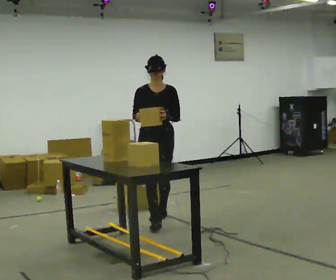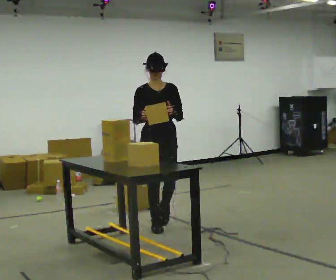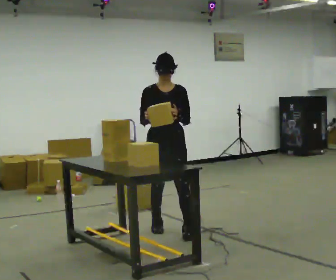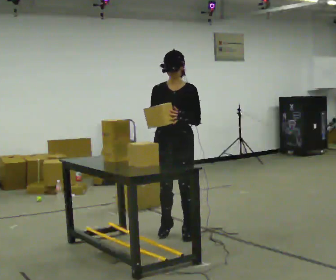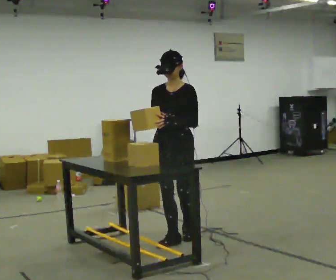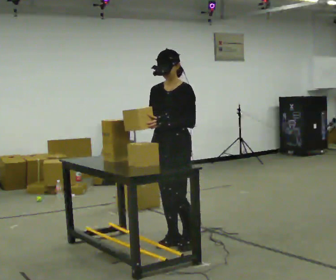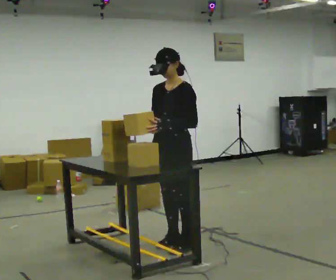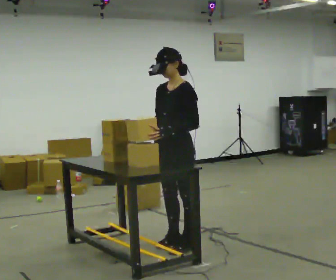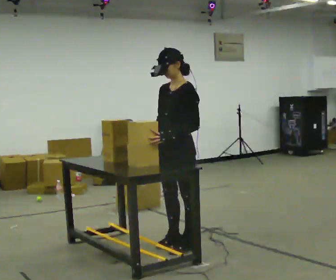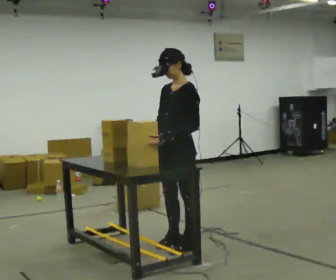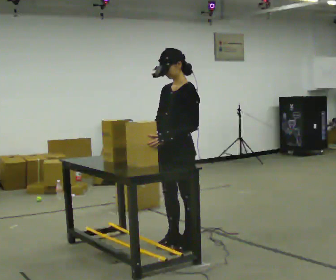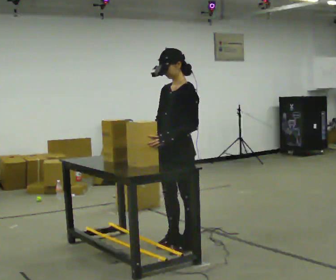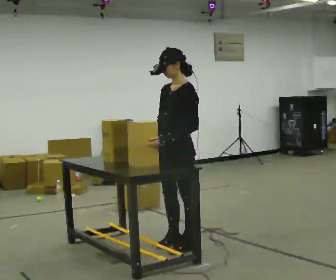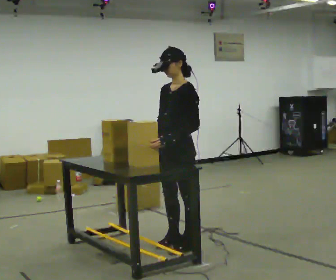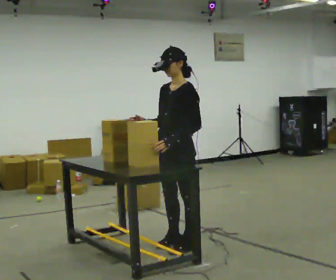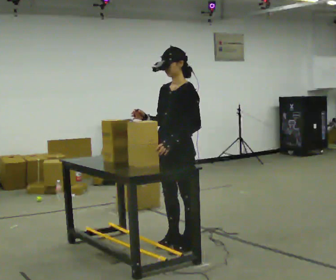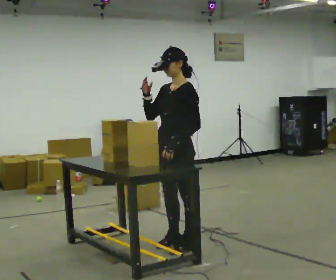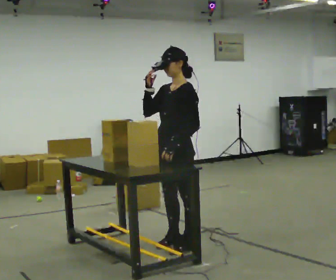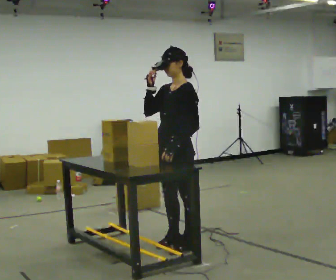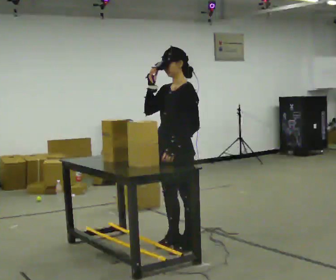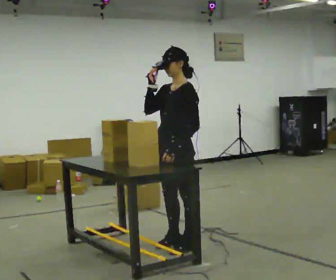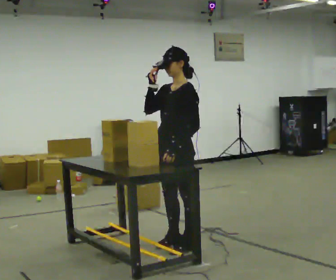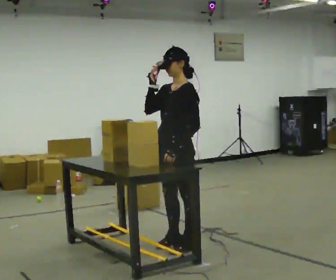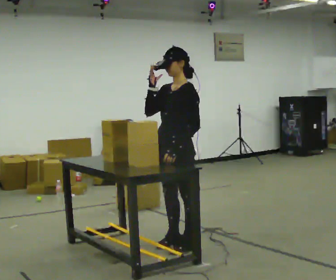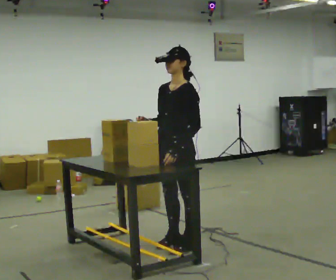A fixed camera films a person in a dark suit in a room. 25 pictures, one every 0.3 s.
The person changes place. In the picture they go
toward the camera.
0.0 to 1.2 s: Seen from above the body turns clockwise, about 30 degrees: to their right, with its near side sliding to the left. In the picture they go toward the camera, about 0.75 m in 3 steps, which for them is forward.
1.2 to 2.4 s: The person turns about 30 degrees to their right, clockwise seen from above, so the part of the body nearest the lens slides to the left. In the picture they go toward the camera, about 0.25 m in 1 step, which for them is to their left and forward.
2.4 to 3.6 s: The person moves a little, or ends about where they began.
3.6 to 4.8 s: In the picture their right hand goes upward.
4.8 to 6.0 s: The person moves a little, or ends about where they began.
6.0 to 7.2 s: In the picture their right hand goes downward.
The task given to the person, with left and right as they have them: Take objects off the shelf one at a time and put them into the bin on the floor beside you, stepping between the shelf and the bin each time. Keep going until the operator says stop; one object at a time, and do not rush between trips.
The film runs forward here.
